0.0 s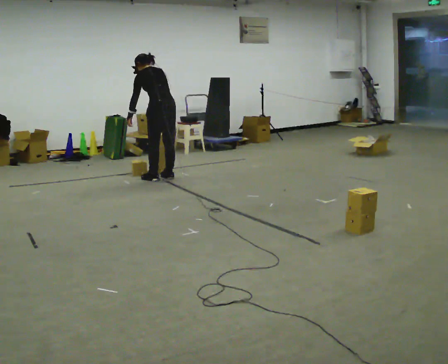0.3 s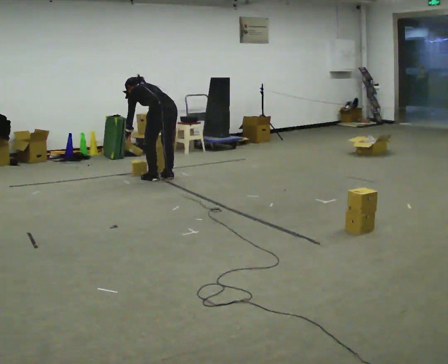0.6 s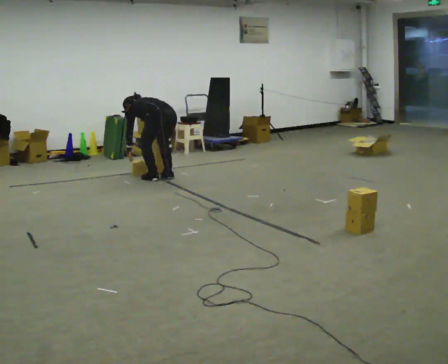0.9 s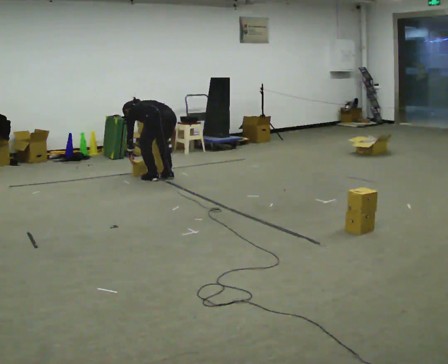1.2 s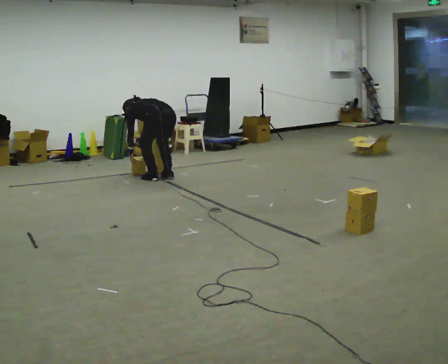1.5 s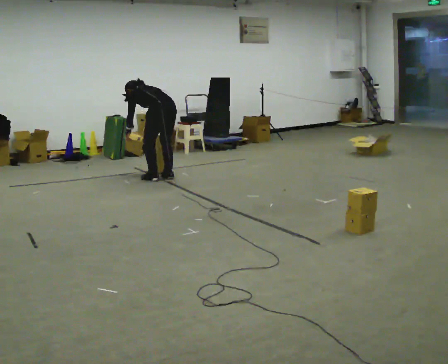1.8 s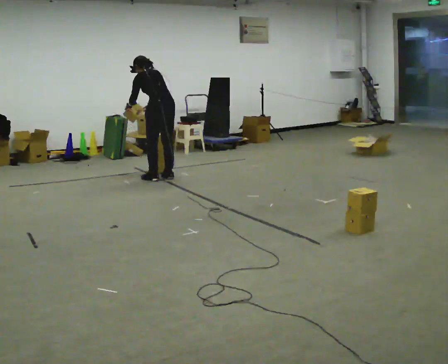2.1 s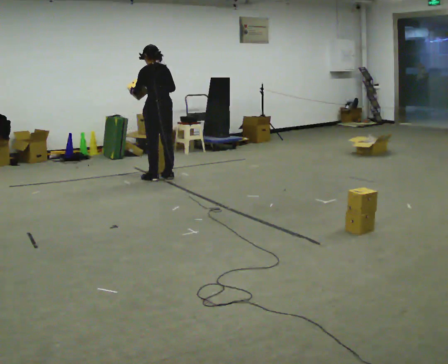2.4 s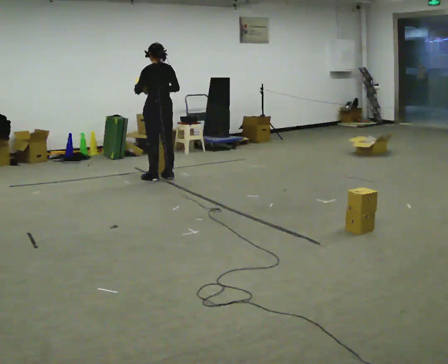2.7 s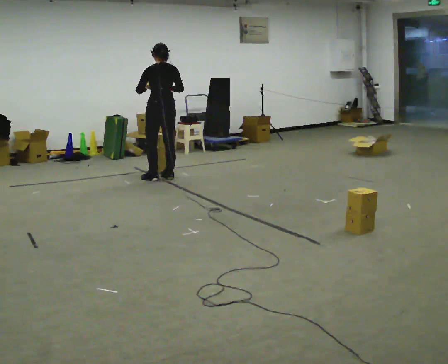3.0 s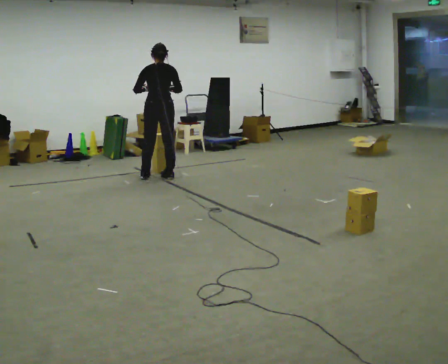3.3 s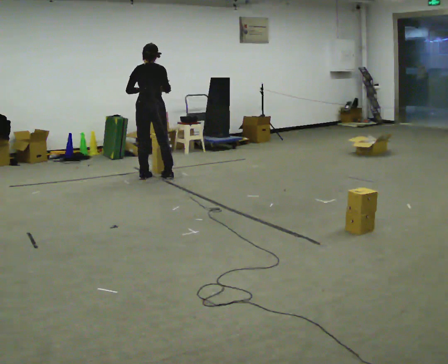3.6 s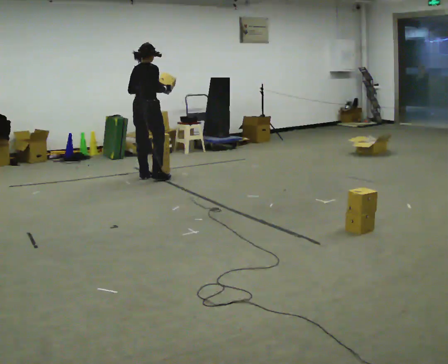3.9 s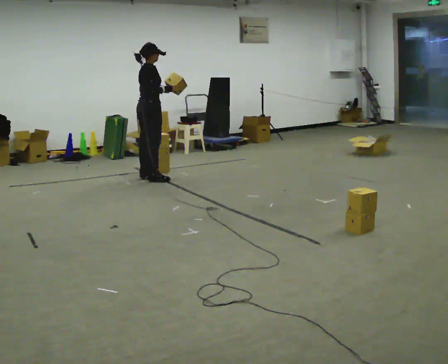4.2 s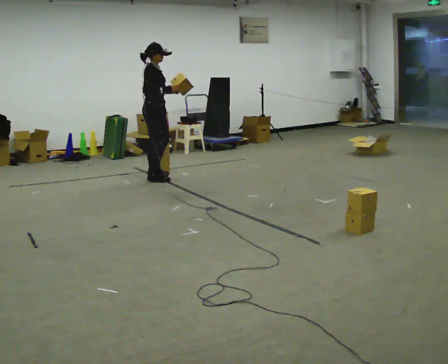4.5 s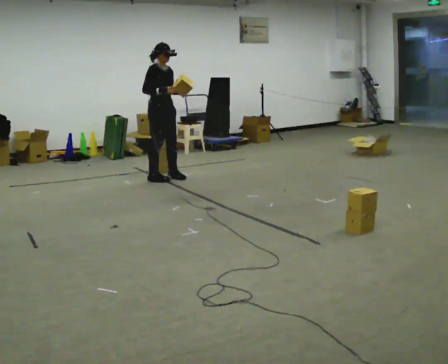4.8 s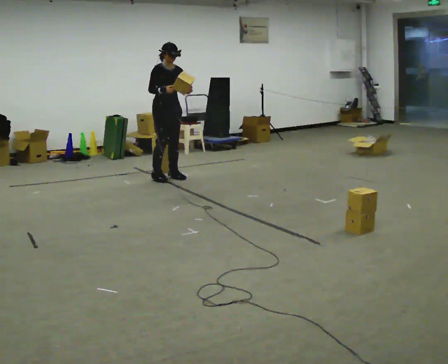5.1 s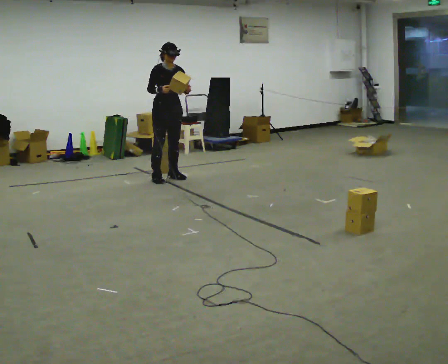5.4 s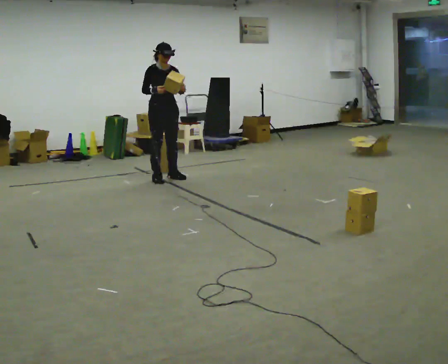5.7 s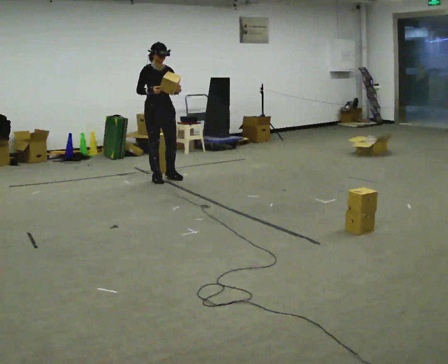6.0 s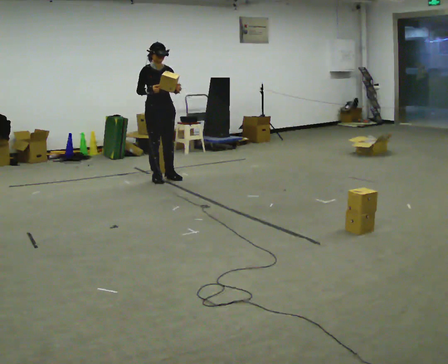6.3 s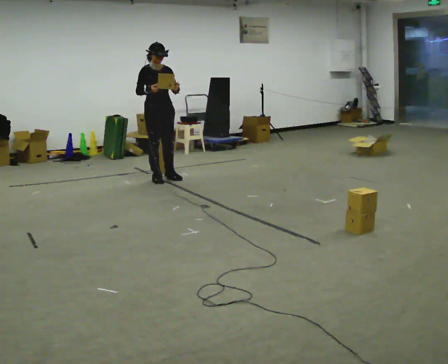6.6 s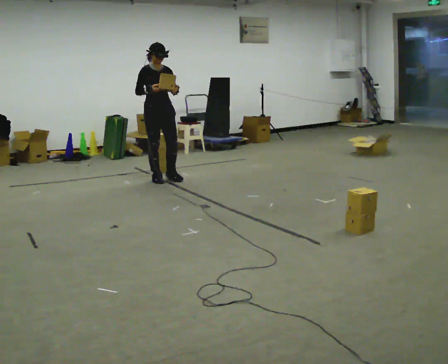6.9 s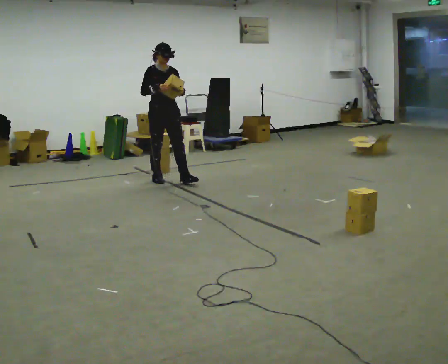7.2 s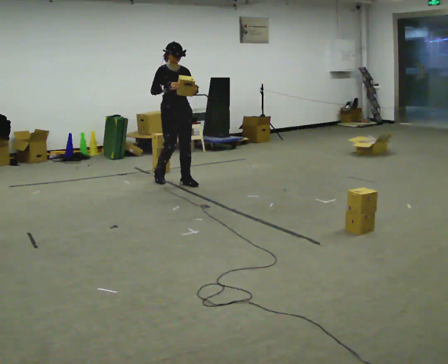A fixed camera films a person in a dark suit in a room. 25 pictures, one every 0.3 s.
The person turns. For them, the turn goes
to their right.
The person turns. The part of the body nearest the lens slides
to the left.
0.0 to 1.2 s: The upper body goes downward. The upper body tips away from the camera, its near side rolling upward, as they bend forward. In the picture their left hand goes downward.
1.2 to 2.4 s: The shoulders move upward. The upper body tips toward the camera, its near side rolling downward, as they lean back or straighten. In the picture their left hand goes upward.
2.4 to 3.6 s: The person turns about 75 degrees to their right, clockwise seen from above, so the part of the body nearest the lens slides to the left. In the picture they go to the left, about 0.25 m in 1 step.
3.6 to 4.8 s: The part of the body nearest the lens slides to the left as the person turns to their right by about 105 degrees. In the picture they go to the right, about 0.25 m in 2 steps.
4.8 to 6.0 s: The person moves a little, or ends about where they began.
6.0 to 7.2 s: In the picture they go toward the camera and to the right, about 0.25 m in 1 step, which for them is forward.
The film runs forward here.
